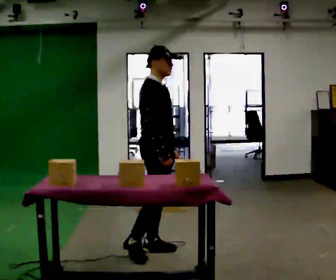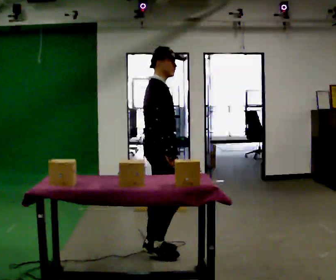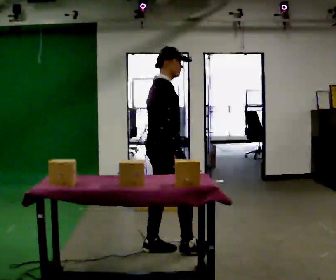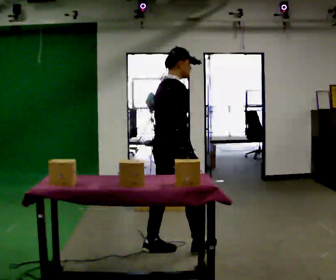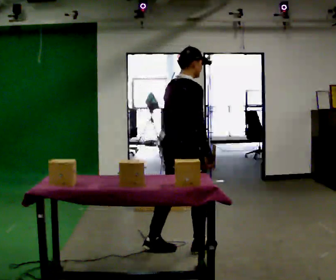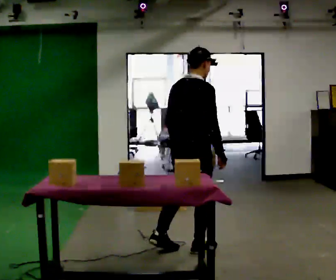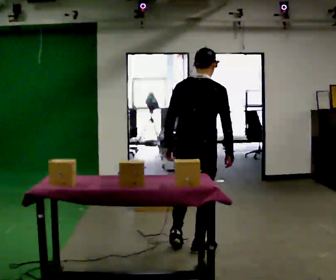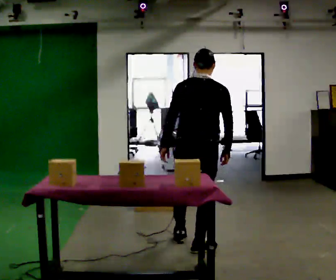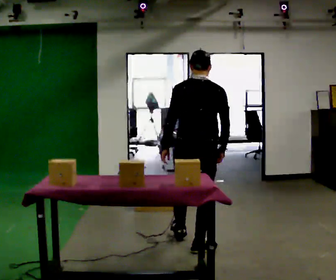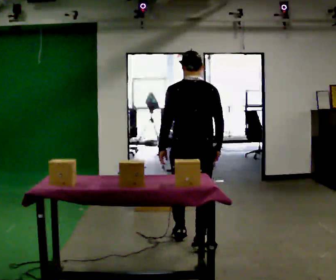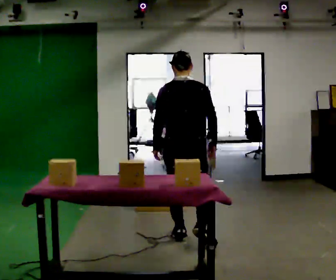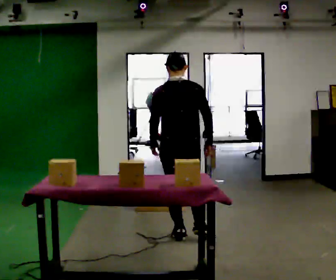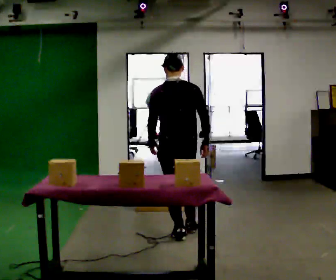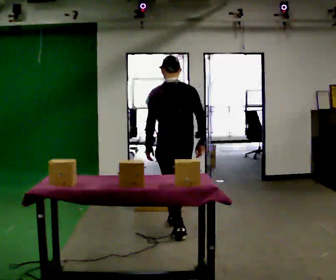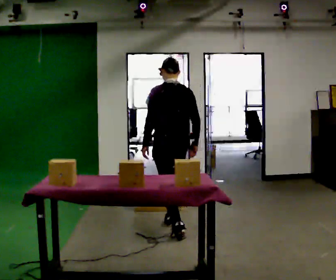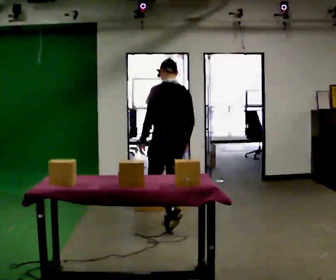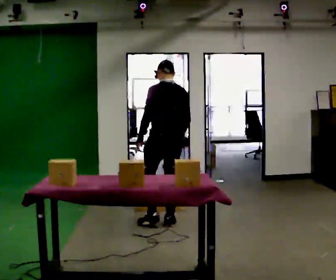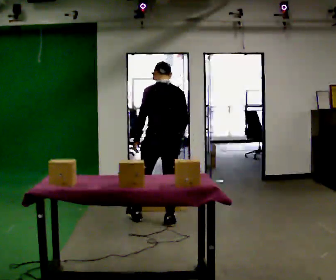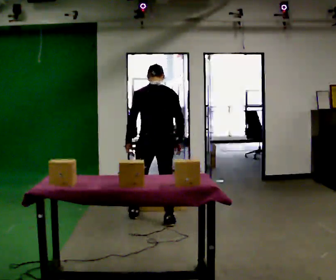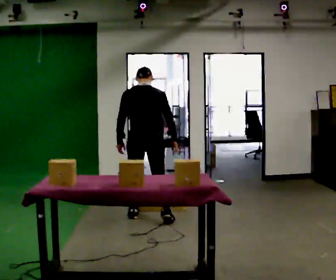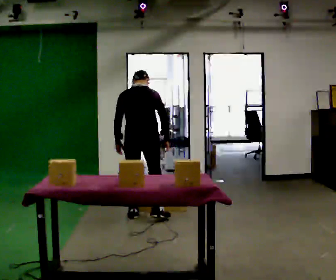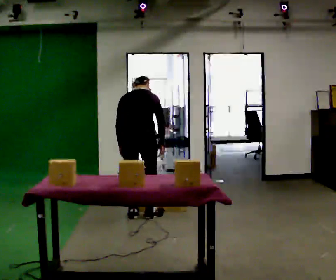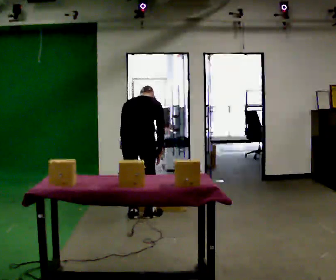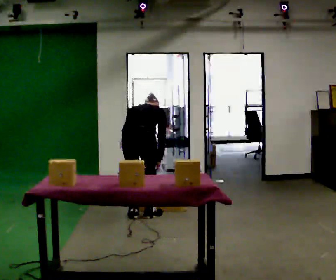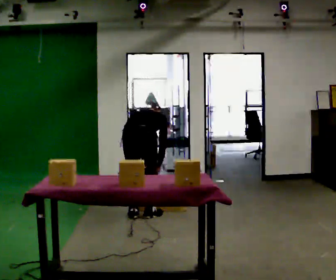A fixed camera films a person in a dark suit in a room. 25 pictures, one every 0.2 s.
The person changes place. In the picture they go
away from the camera.
The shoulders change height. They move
downward.
0.0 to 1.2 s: Seen from above the body turns counterclockwise, about 75 degrees: to their left, with its near side sliding to the right. In the picture they go to the right, about 0.25 m in 1 step.
1.2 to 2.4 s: Seen from above the body turns counterclockwise, about 30 degrees: to their left, with its near side sliding to the right. In the picture they go away from the camera, about 0.5 m in 1 step, which for them is forward.
2.4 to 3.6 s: In the picture they go away from the camera and to the left, about 0.5 m in 2 steps, which for them is forward.
3.6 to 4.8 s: In the picture they go to the left, about 0.25 m in 1 step, which for them is to their left. The upper body goes downward. The upper body tips away from the camera, its near side rolling upward, as they bend forward.
The film runs forward here.
